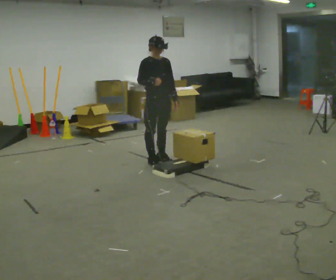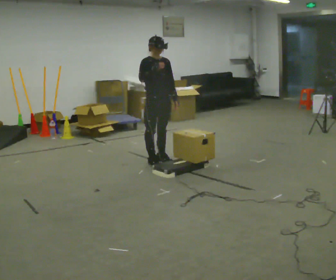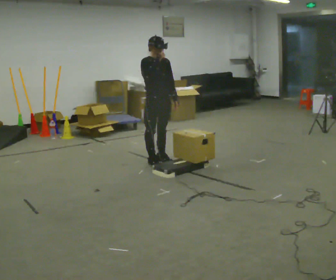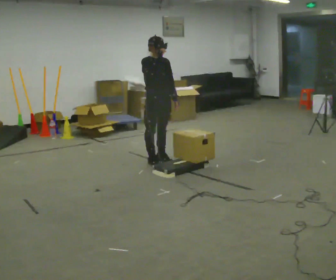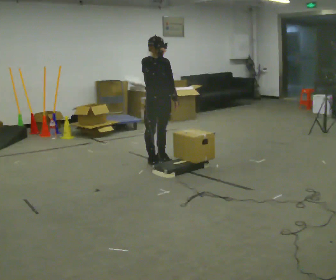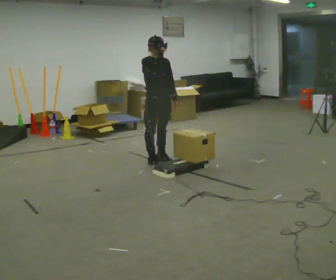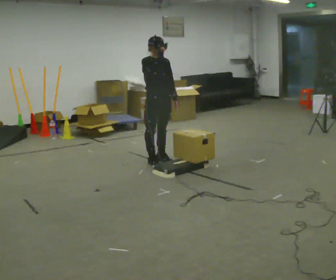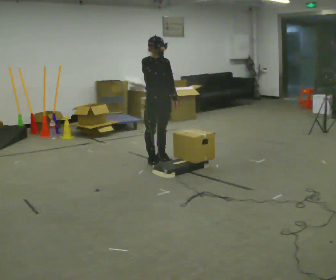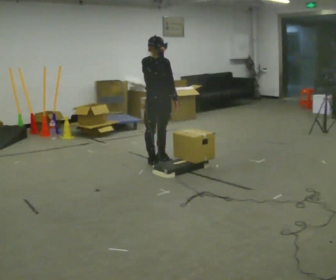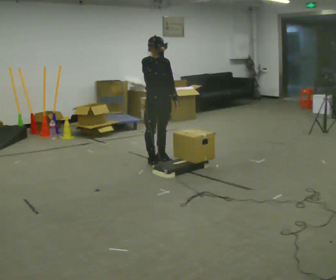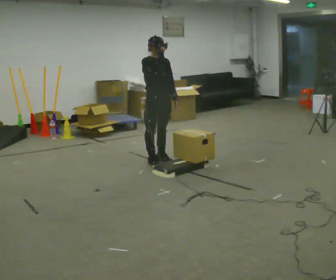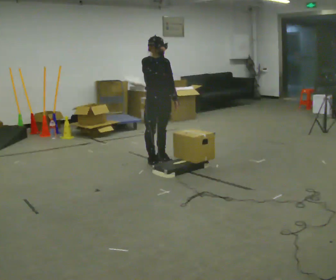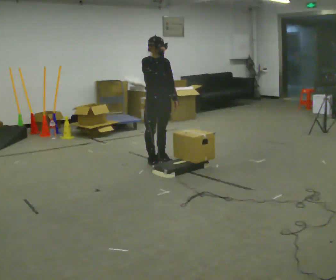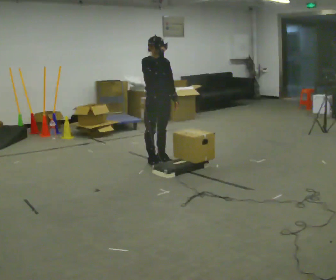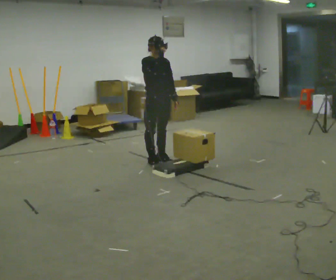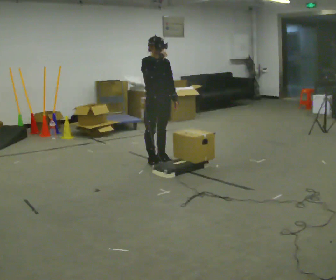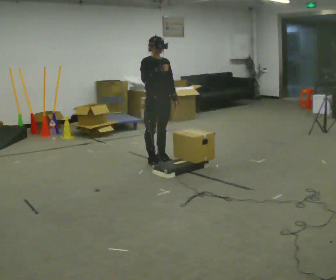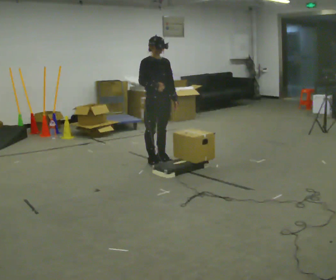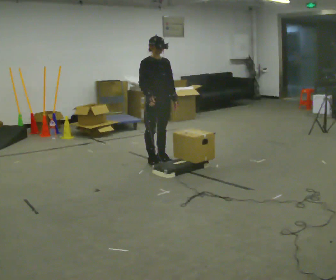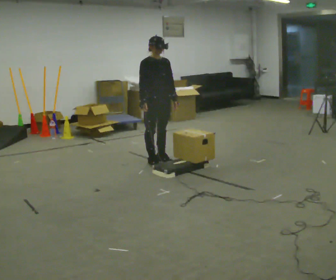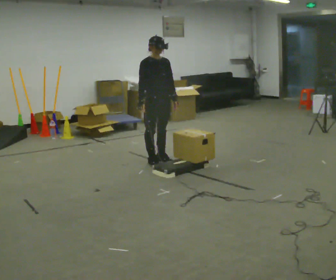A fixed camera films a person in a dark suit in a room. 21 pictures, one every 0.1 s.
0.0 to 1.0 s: The person moves a little, or ends about where they began.
1.0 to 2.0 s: In the picture their right hand goes downward.
The film runs forward here.
